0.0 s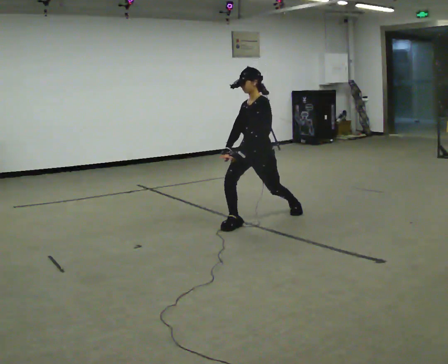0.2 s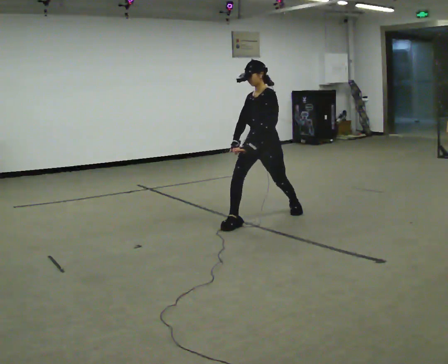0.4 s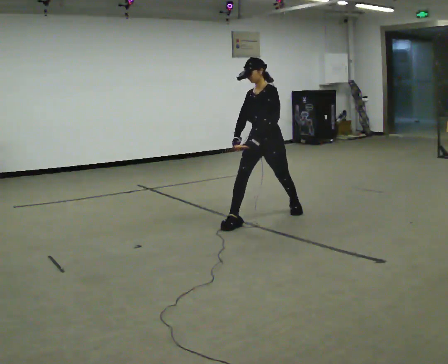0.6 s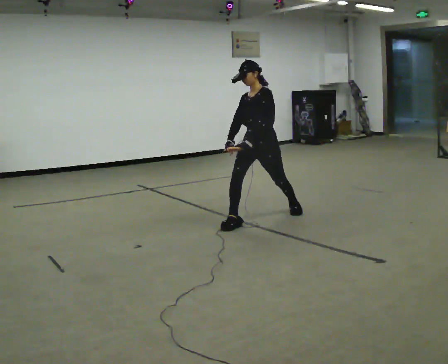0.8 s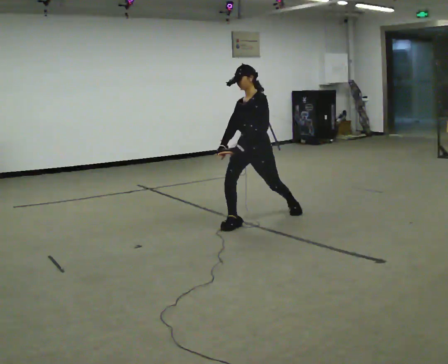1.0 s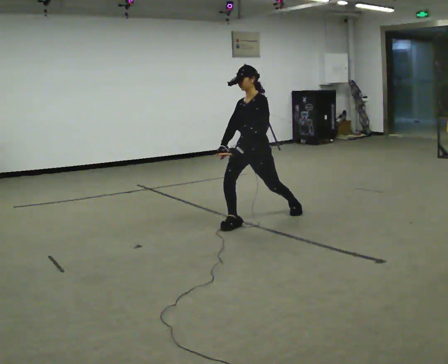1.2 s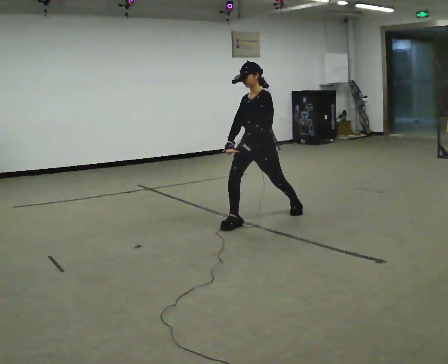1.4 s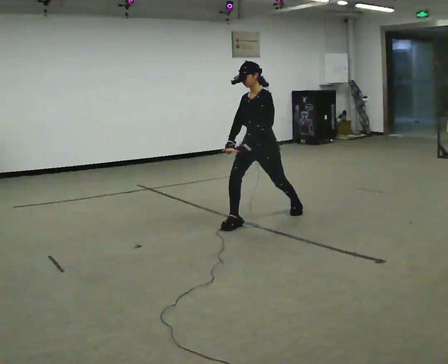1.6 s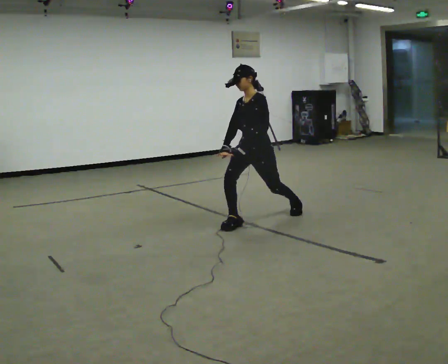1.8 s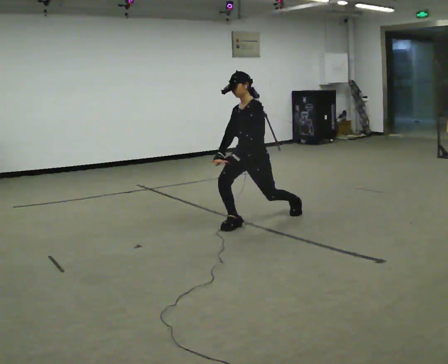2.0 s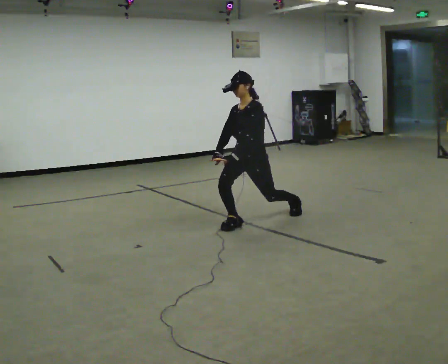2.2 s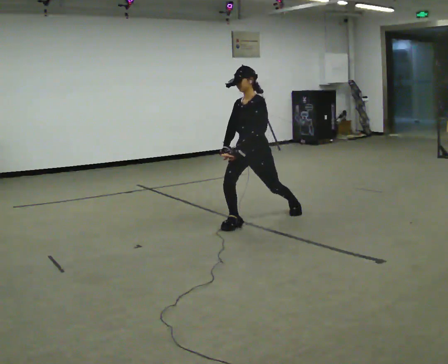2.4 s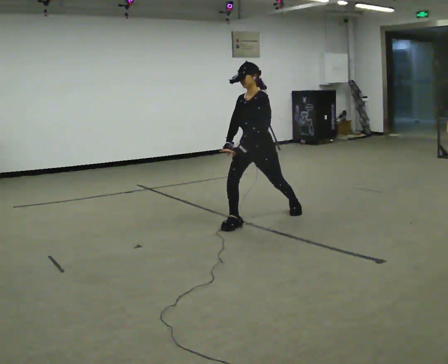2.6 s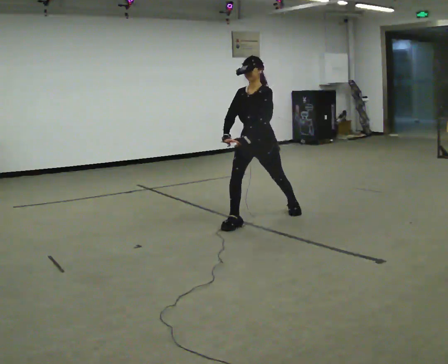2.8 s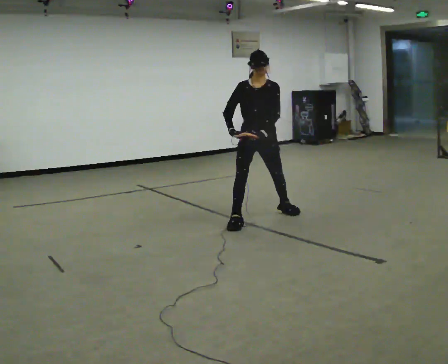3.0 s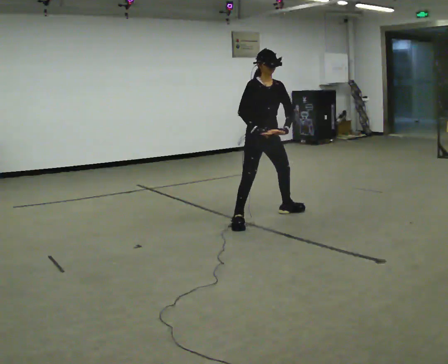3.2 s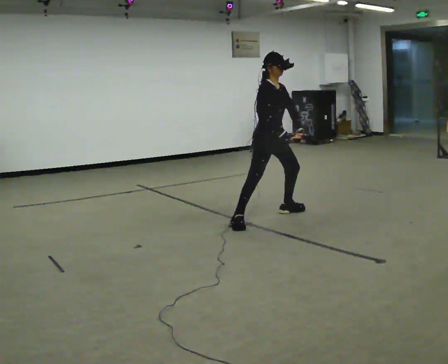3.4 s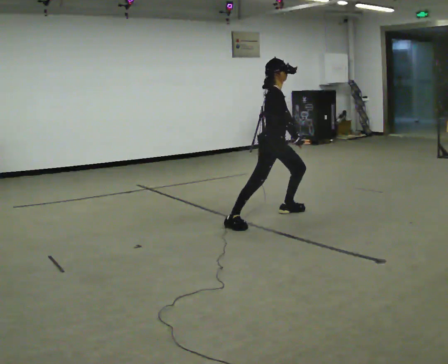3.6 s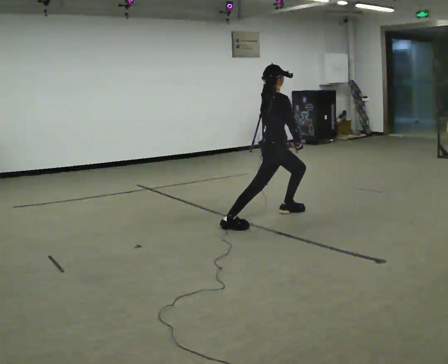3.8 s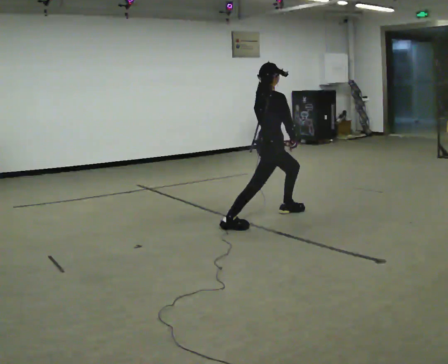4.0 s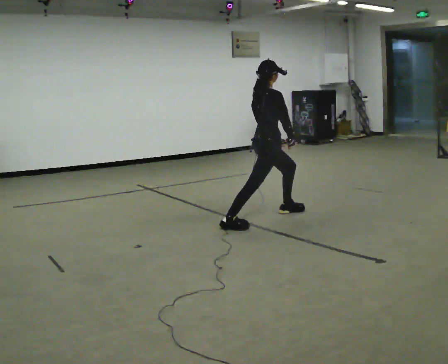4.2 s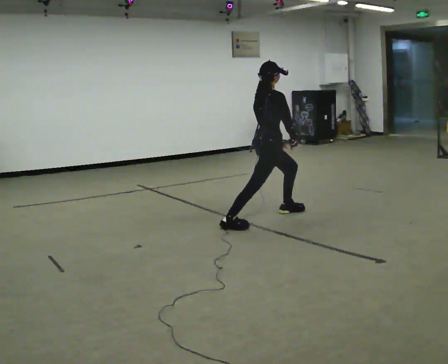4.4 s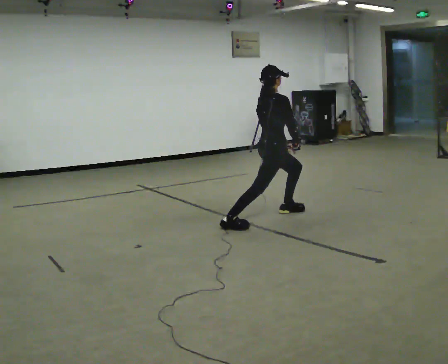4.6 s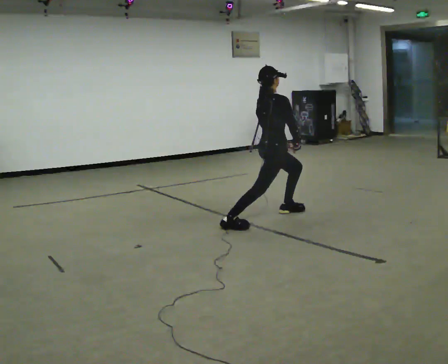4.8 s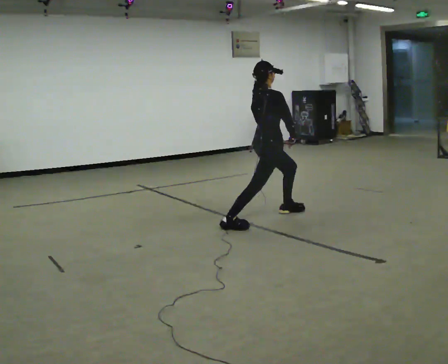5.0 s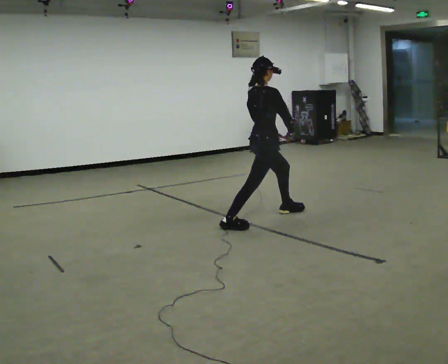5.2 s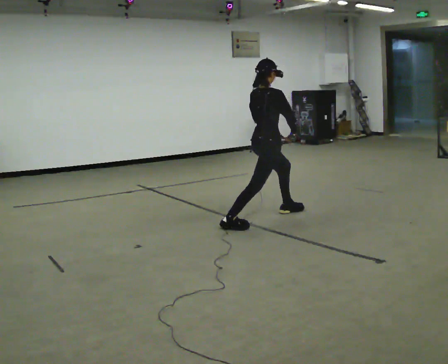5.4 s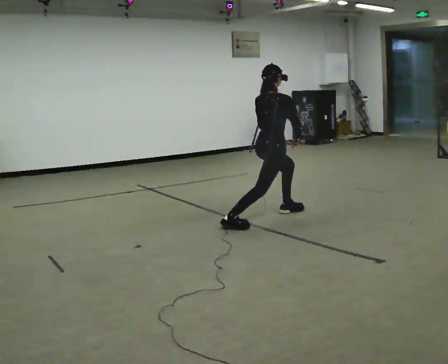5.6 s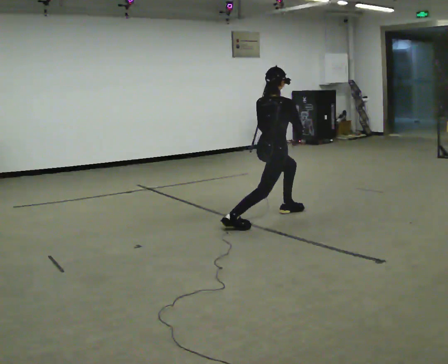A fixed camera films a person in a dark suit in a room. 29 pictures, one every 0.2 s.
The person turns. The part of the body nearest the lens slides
to the right.
The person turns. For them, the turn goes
to their left.
0.0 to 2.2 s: The person moves a little, or ends about where they began.
2.2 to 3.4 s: The part of the body nearest the lens slides to the right as the person turns to their left by about 105 degrees. In the picture they go away from the camera and to the right, about 0.25 m in 1 step. In the picture their right hand goes to the right, the arm swinging counterclockwise.
3.4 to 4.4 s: Seen from above the body turns counterclockwise, about 45 degrees: to their left, with its near side sliding to the right.
4.4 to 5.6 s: The person moves a little, or ends about where they began.
The film runs backward here.
